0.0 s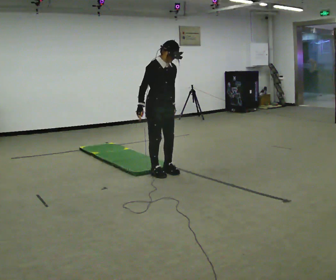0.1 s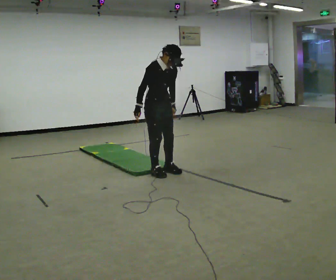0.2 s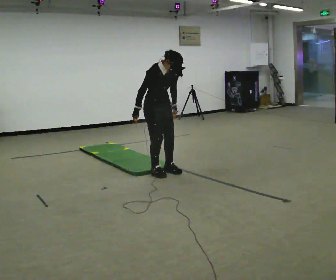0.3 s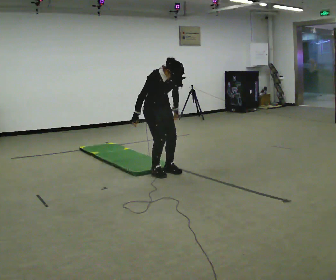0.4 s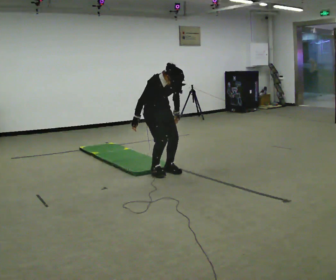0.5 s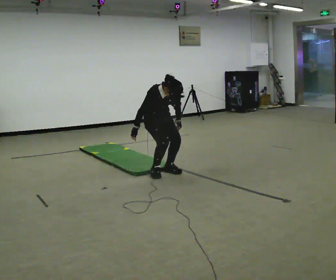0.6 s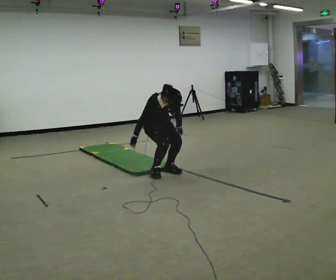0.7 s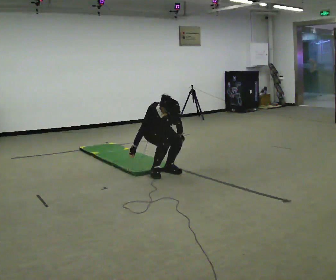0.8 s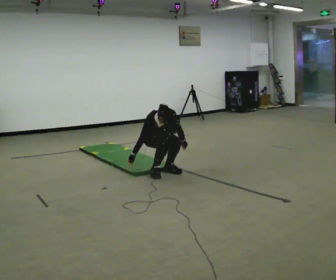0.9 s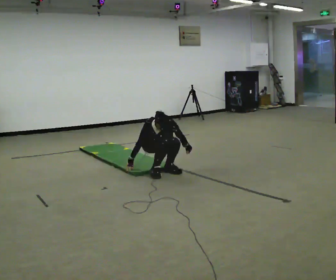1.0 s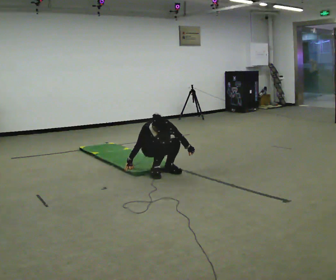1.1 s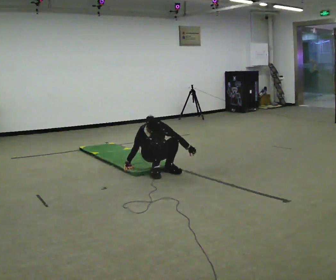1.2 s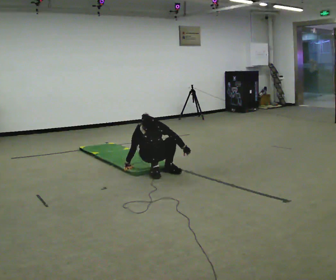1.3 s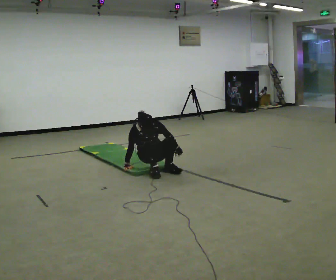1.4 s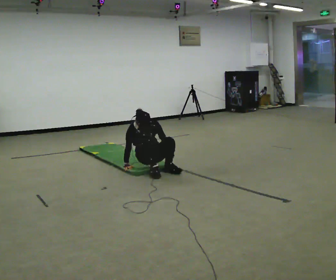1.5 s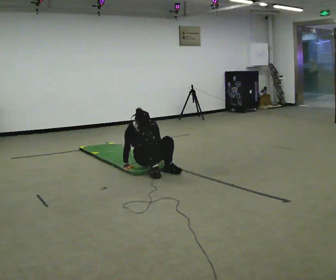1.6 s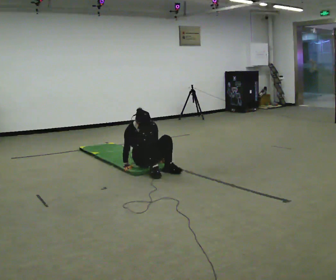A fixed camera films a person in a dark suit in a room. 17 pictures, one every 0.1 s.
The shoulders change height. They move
downward.
Their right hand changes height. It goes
downward.
0.0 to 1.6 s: In the picture they go to the left and away from the camera, about 0.25 m, which for them is backward. The upper body goes downward. In the picture their right hand goes downward.
The film runs backward here.
